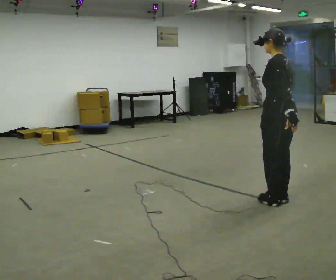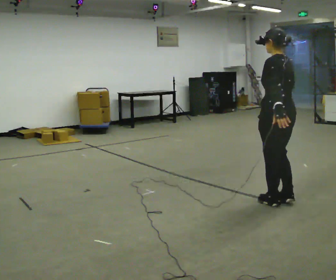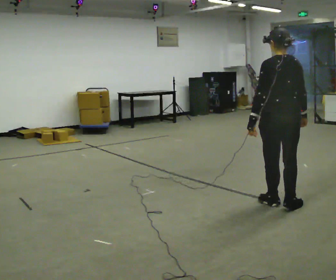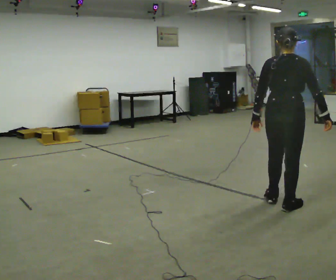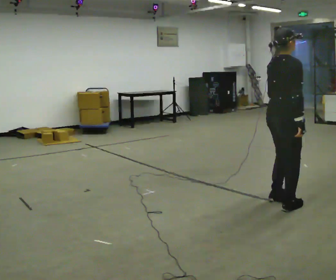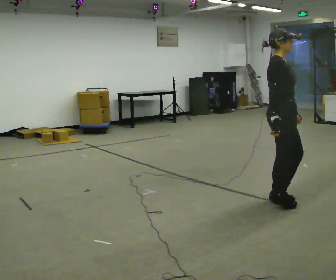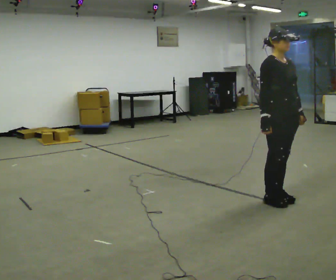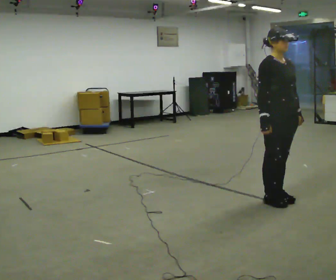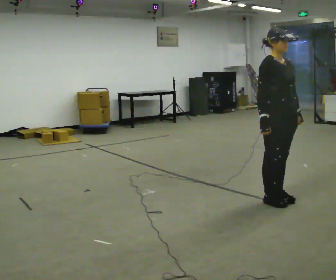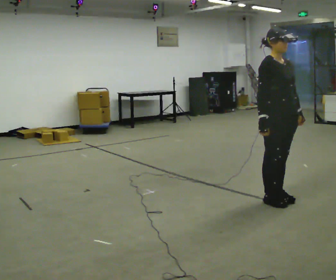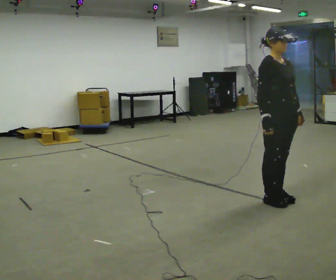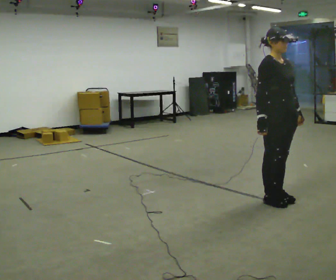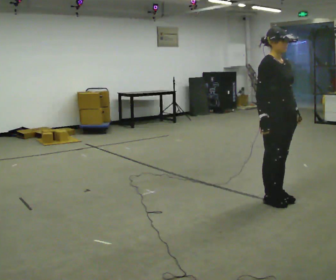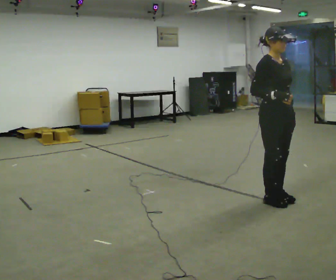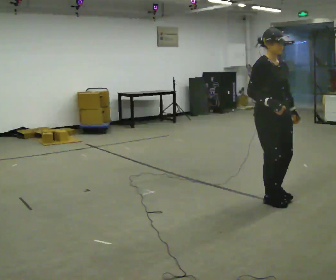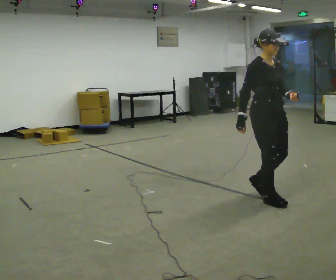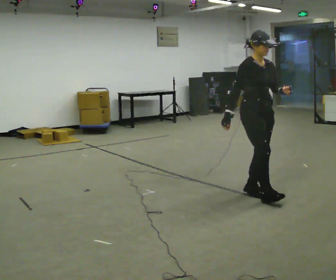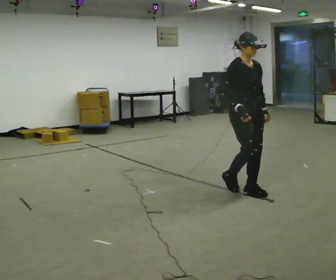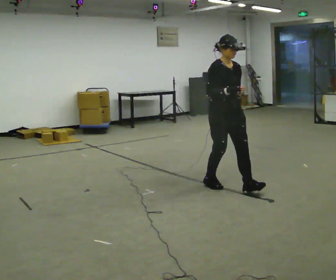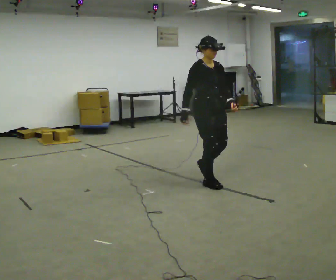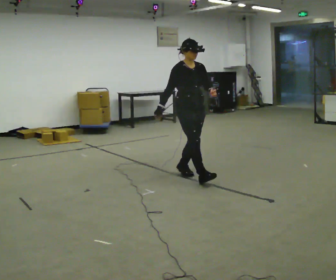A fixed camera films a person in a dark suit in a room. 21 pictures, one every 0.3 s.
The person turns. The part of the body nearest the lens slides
to the left.
The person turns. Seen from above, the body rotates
clockwise.
0.0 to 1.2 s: The person turns about 120 degrees to their right, clockwise seen from above, so the part of the body nearest the lens slides to the left.
1.2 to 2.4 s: The part of the body nearest the lens slides to the left as the person turns to their right by about 75 degrees.
2.4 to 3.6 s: The person moves a little, or ends about where they began.
3.6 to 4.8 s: In the picture they go to the left and away from the camera, about 0.25 m in 2 steps, which for them is backward.
4.8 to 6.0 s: In the picture they go to the left and away from the camera, about 1 m in 2 steps, which for them is backward.
The film runs backward here.
